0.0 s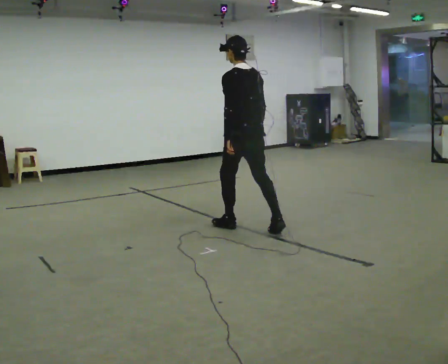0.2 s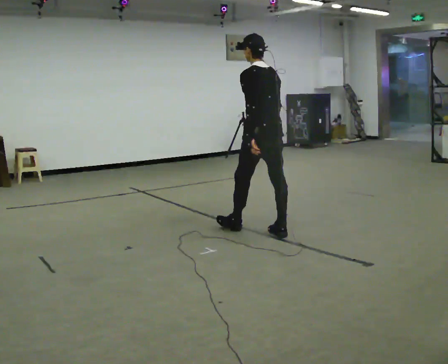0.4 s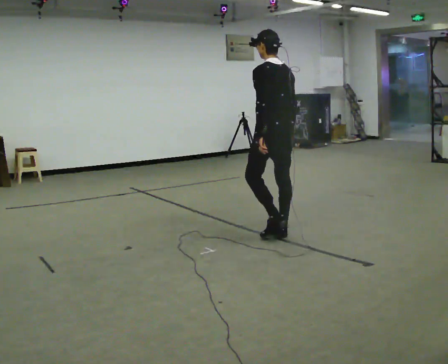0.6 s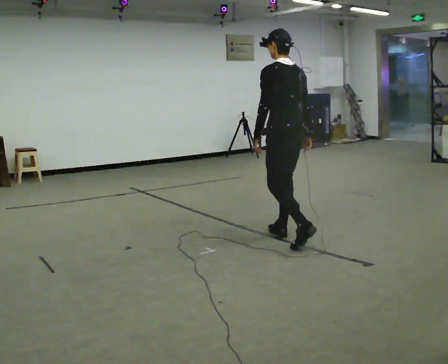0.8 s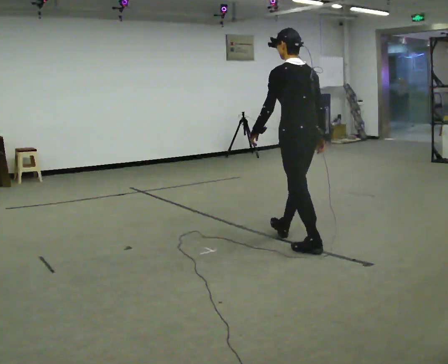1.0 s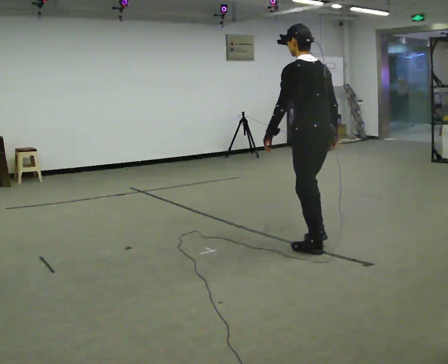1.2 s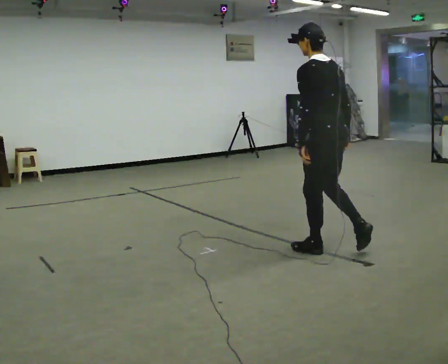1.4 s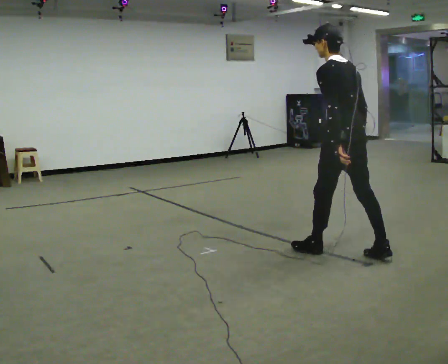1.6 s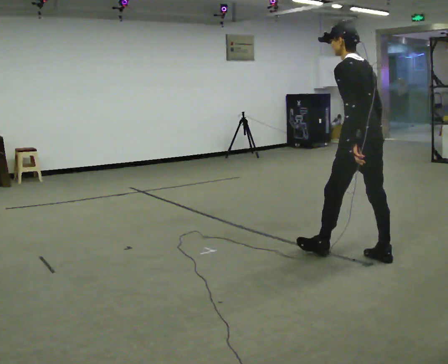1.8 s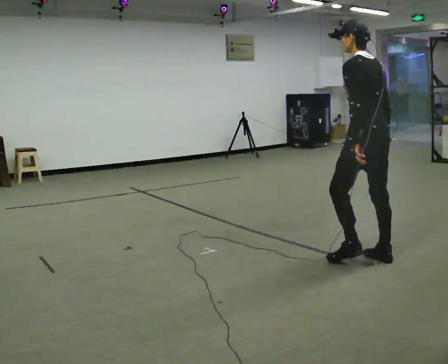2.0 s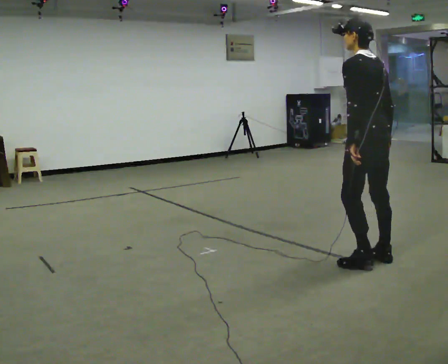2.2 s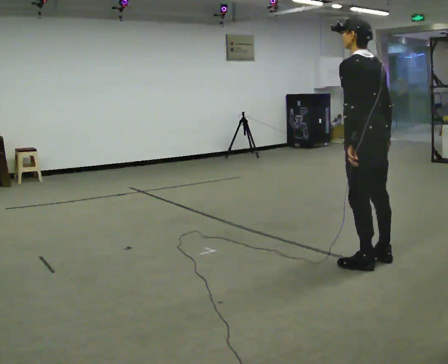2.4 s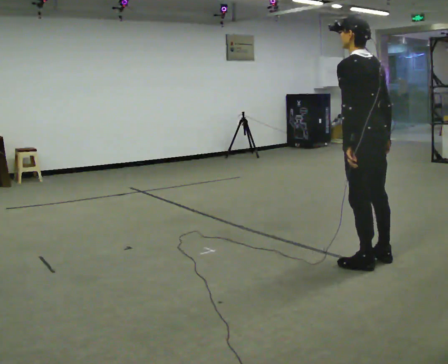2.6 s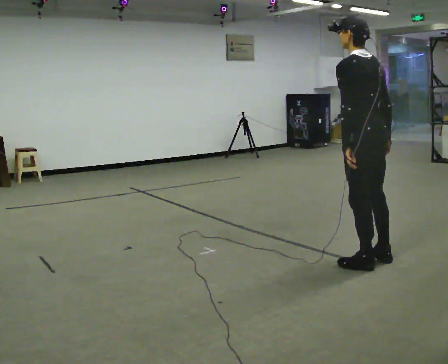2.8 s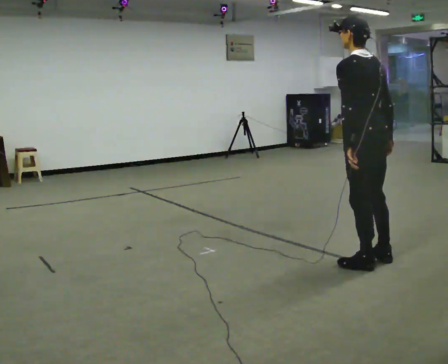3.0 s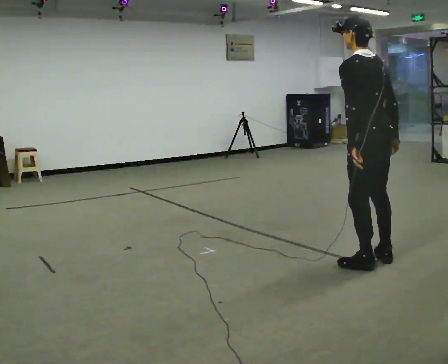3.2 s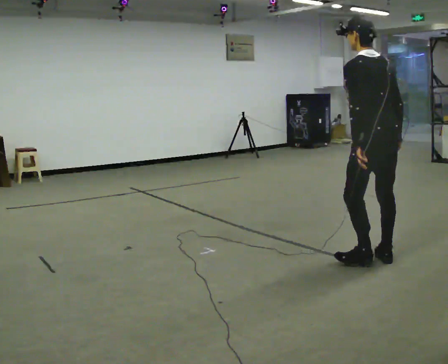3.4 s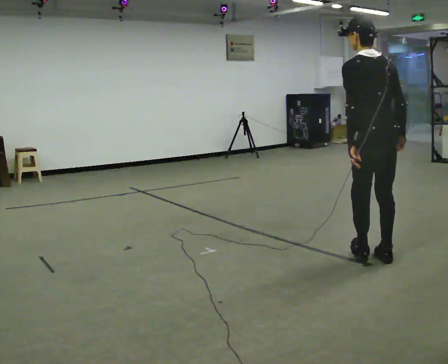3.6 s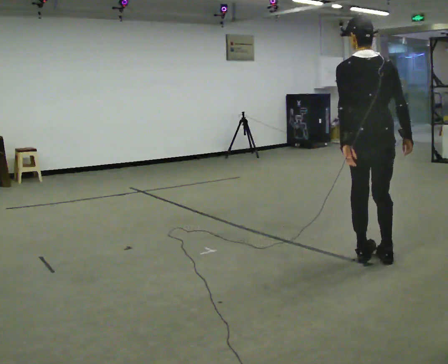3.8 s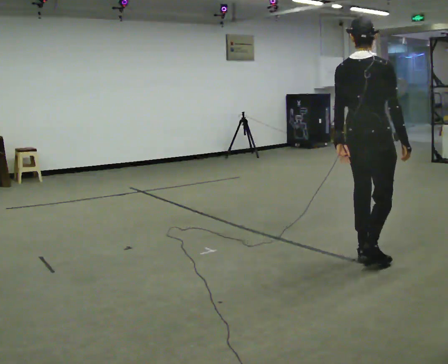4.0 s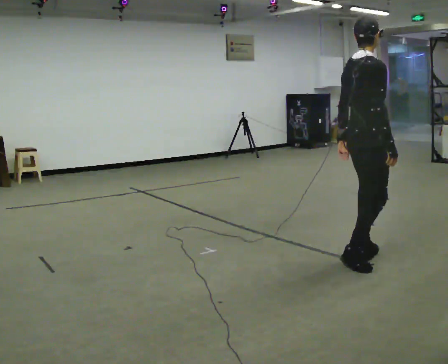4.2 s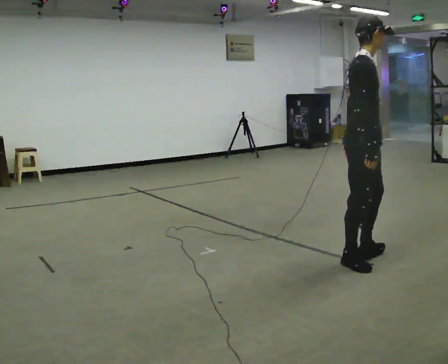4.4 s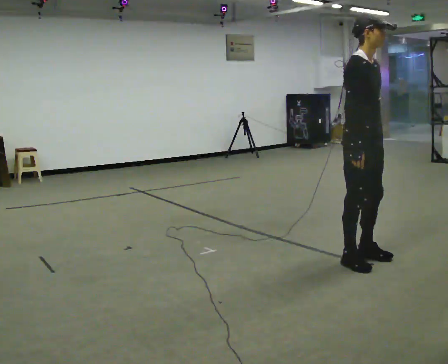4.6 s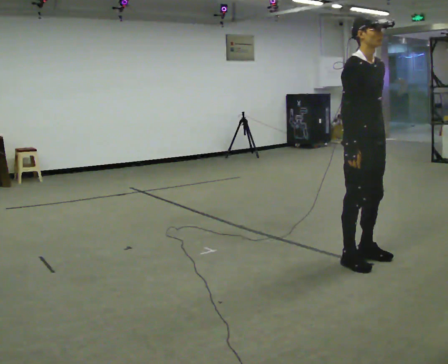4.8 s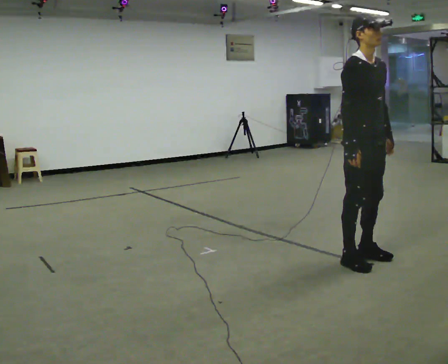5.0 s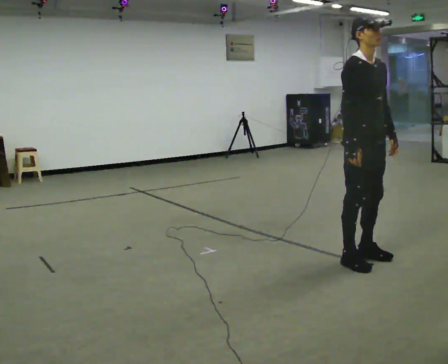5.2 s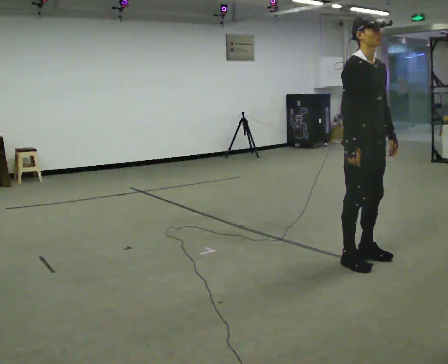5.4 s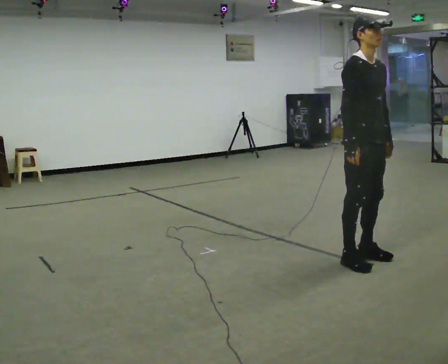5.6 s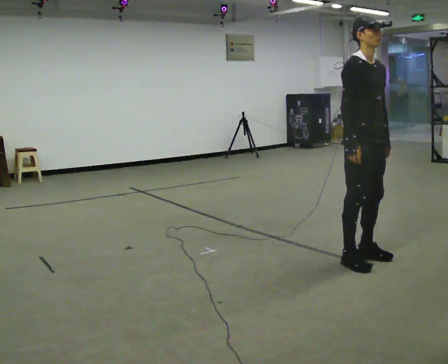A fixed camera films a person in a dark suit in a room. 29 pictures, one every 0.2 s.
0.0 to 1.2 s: In the picture they go to the right and toward the camera, about 1 m in 2 steps, which for them is backward.
1.2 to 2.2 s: In the picture they go to the right and toward the camera, about 0.5 m in 1 step, which for them is backward.
2.2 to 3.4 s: The person moves a little, or ends about where they began.
3.4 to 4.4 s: The person turns about 150 degrees to their right, clockwise seen from above, so the part of the body nearest the lens slides to the left. In the picture their right hand goes to the left.
4.4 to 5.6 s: The person moves a little, or ends about where they began.
The film runs backward here.
